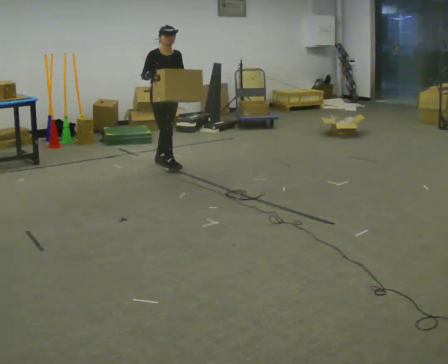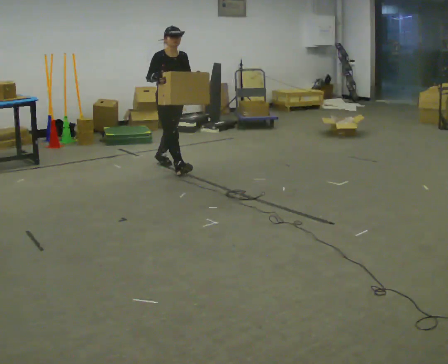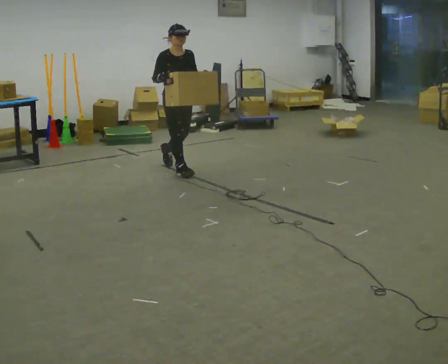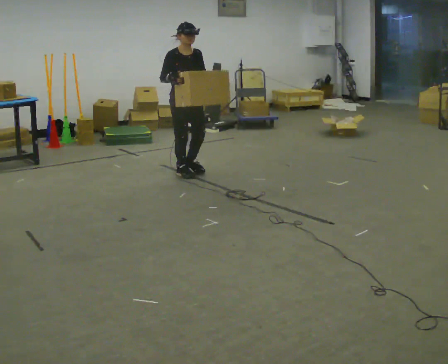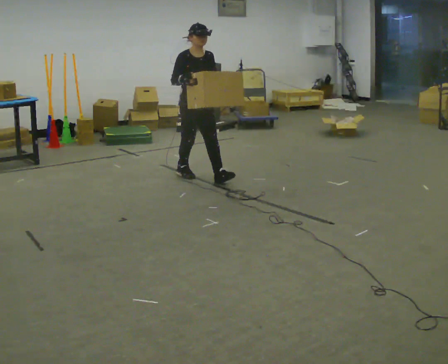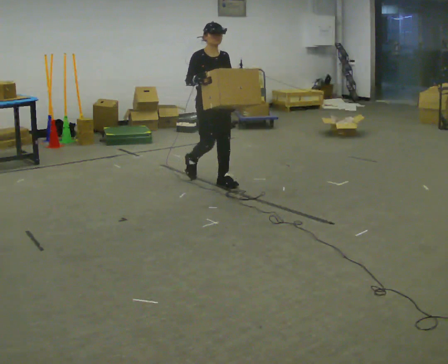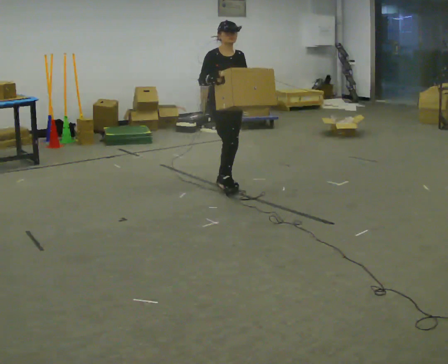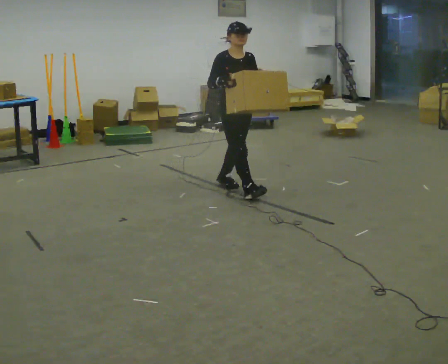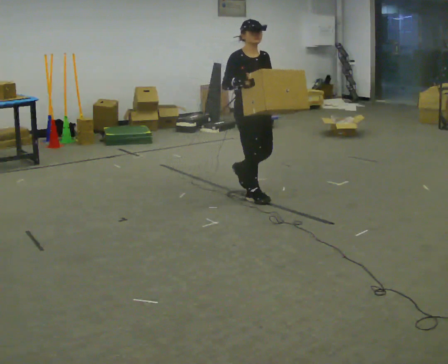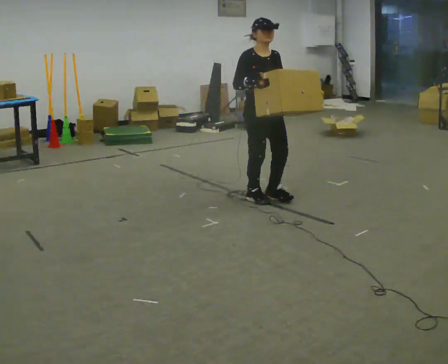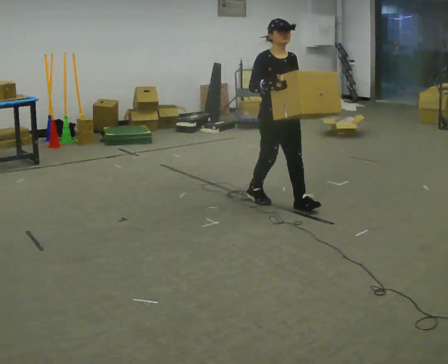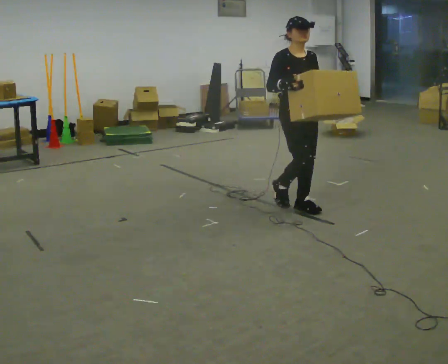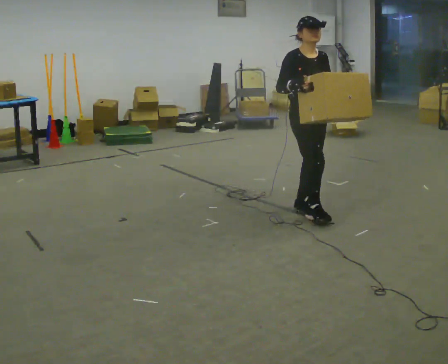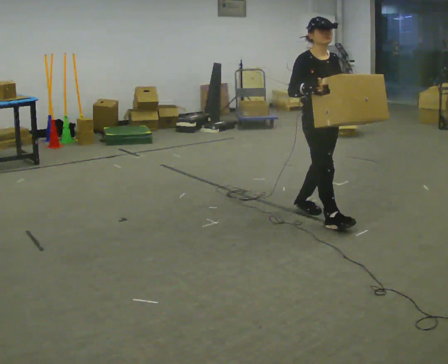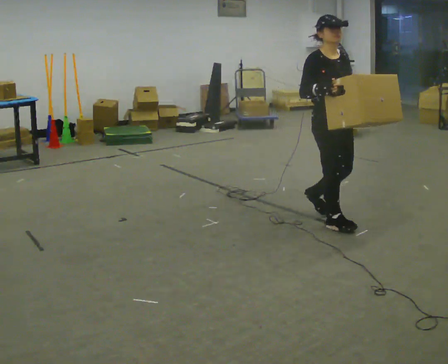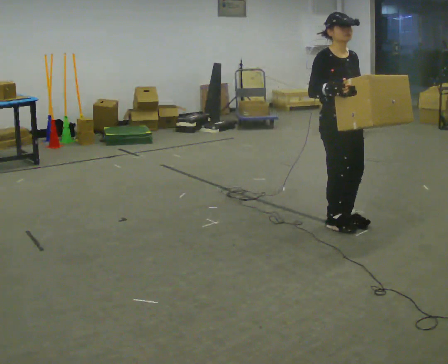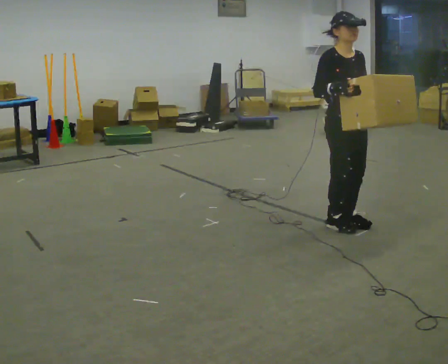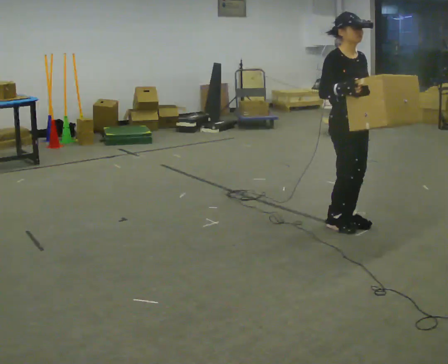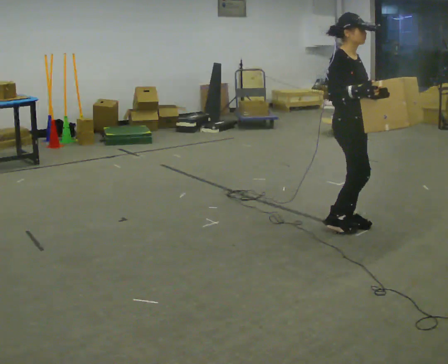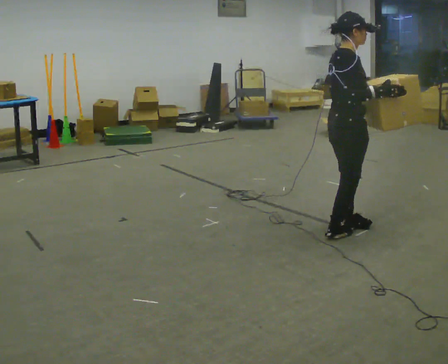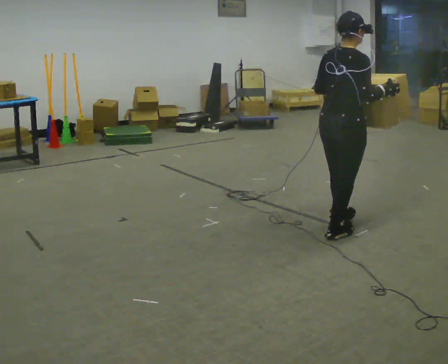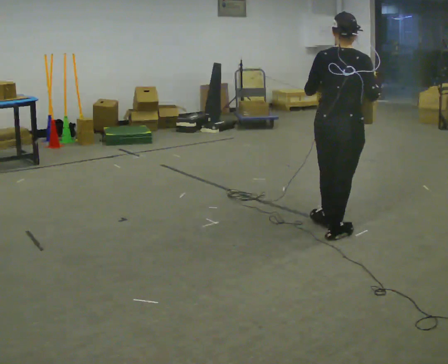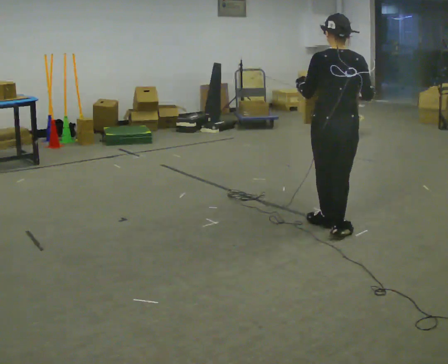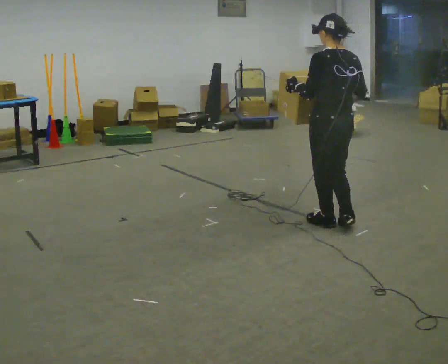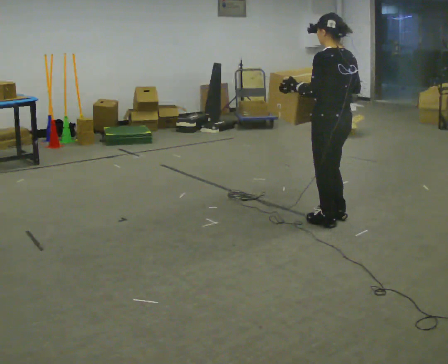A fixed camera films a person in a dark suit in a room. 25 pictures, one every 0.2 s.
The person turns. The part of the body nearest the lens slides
to the right.
The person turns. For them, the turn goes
to their left.
0.0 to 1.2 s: In the picture they go toward the camera and to the right, about 1 m in 2 steps, which for them is forward.
1.2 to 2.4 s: In the picture they go toward the camera and to the right, about 1 m in 2 steps, which for them is forward.
2.4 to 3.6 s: The person turns about 30 degrees to their left, counterclockwise seen from above, so the part of the body nearest the lens slides to the right. In the picture they go toward the camera and to the right, about 0.5 m in 2 steps, which for them is forward.
3.6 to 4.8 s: The part of the body nearest the lens slides to the right as the person turns to their left by about 150 degrees.
The film runs forward here.
